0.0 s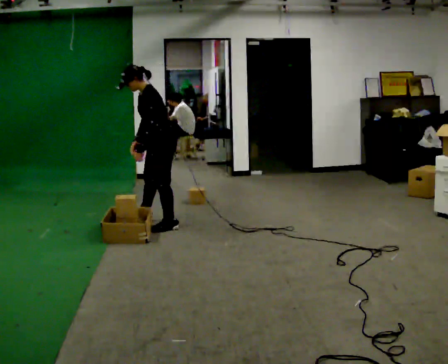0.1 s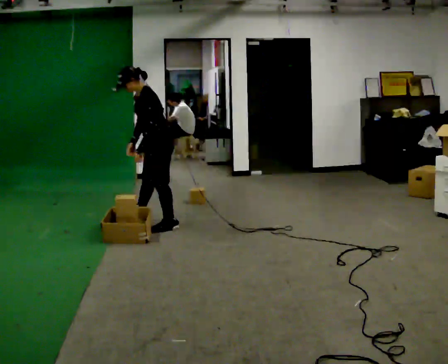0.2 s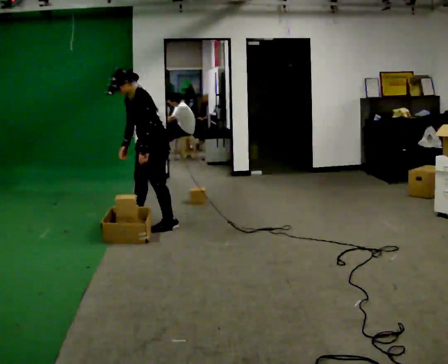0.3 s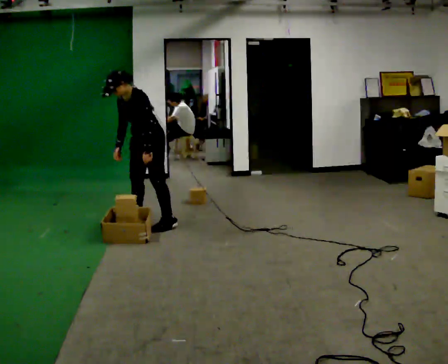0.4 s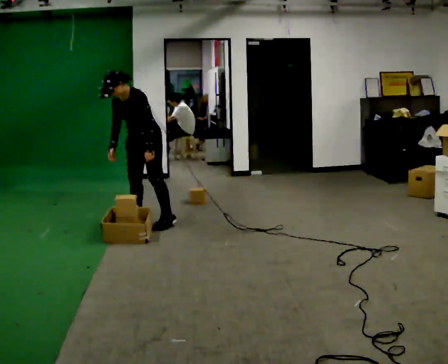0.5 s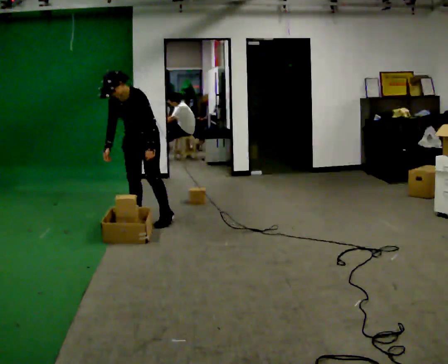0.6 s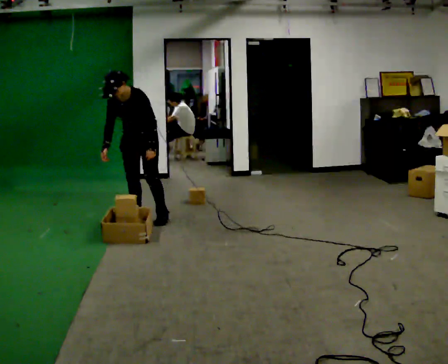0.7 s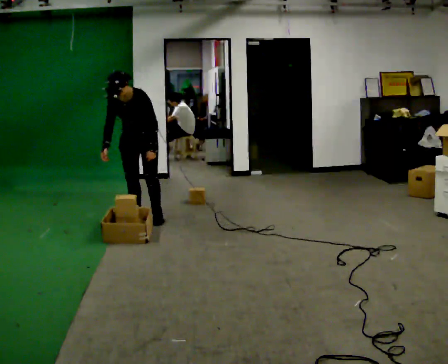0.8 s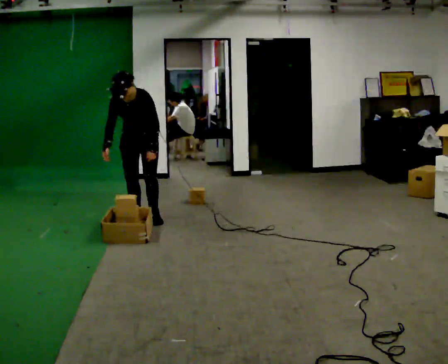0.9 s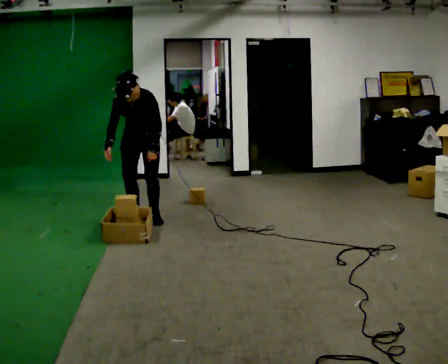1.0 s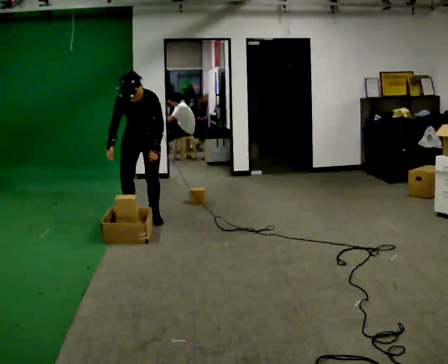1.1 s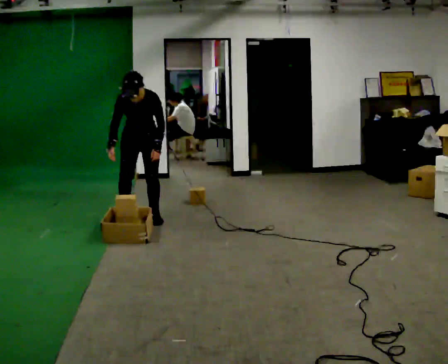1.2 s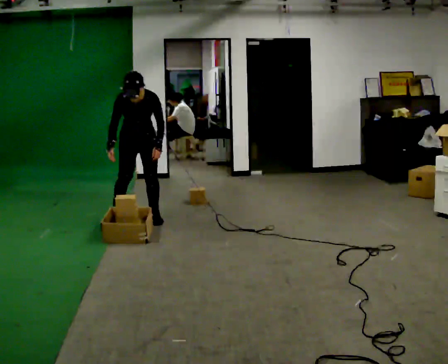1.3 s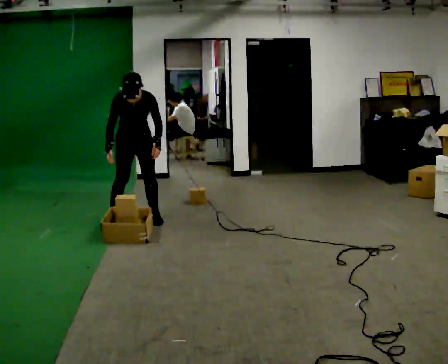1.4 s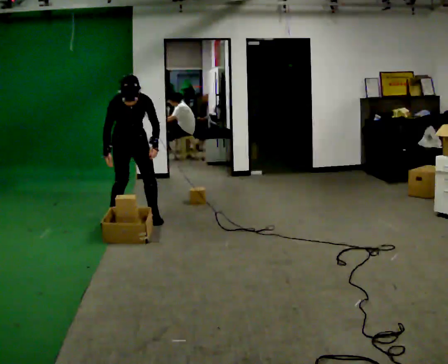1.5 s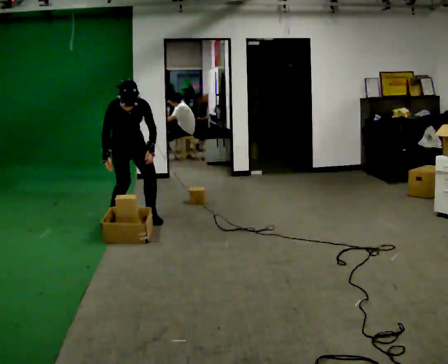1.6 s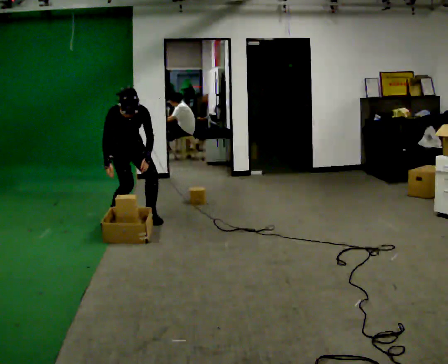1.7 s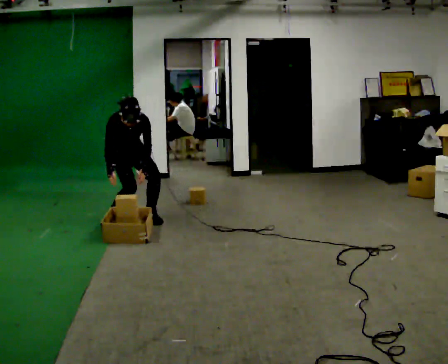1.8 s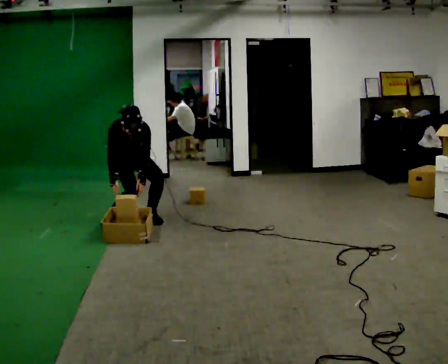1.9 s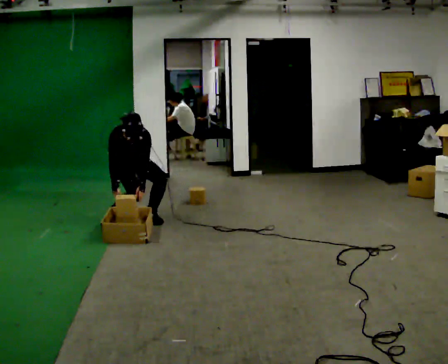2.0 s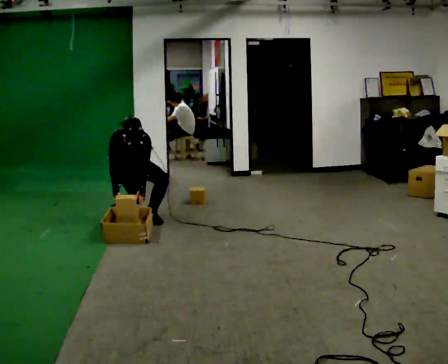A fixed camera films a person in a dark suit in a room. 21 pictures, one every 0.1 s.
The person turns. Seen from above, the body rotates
counterclockwise.
The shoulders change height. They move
downward.
0.0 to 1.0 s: Seen from above the body turns counterclockwise, about 75 degrees: to their left, with its near side sliding to the right. In the picture they go away from the camera and to the left, about 0.25 m in 2 steps. The upper body tips toward the camera, its near side rolling downward.
1.0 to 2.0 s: The part of the body nearest the lens slides to the right as the person turns to their left by about 30 degrees. The shoulders move downward. The upper body tips toward the camera, its near side rolling downward, as they bend forward. In the picture their right hand goes downward.
The film runs forward here.
